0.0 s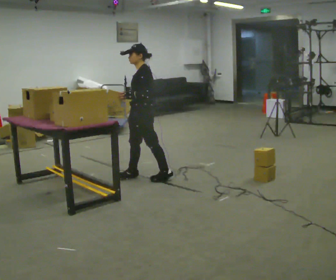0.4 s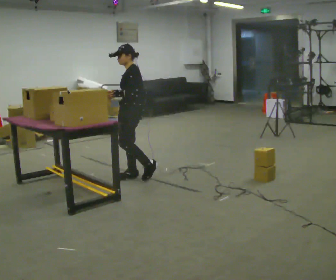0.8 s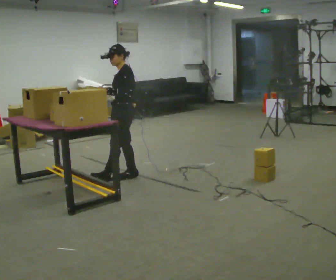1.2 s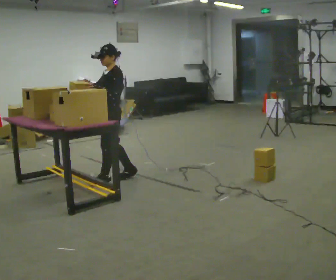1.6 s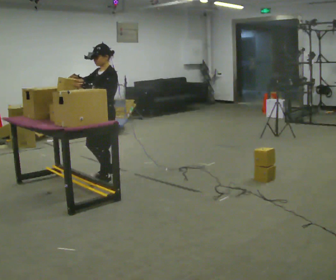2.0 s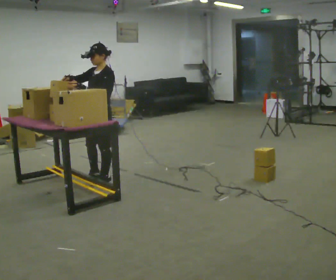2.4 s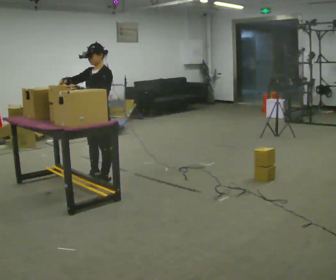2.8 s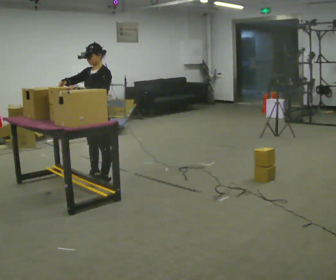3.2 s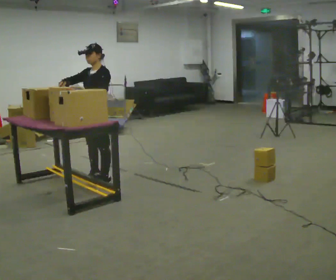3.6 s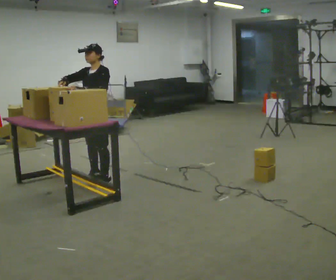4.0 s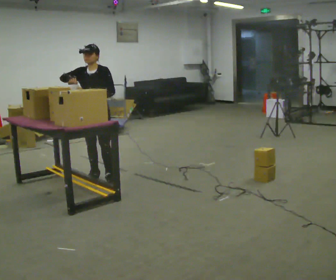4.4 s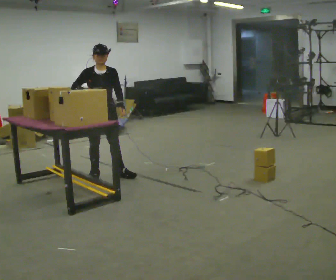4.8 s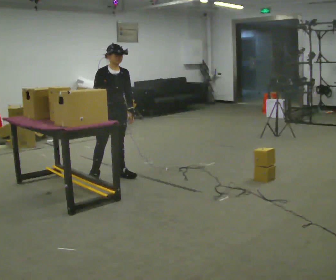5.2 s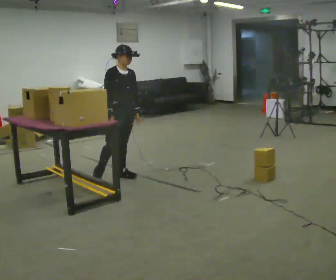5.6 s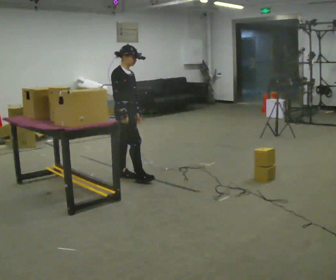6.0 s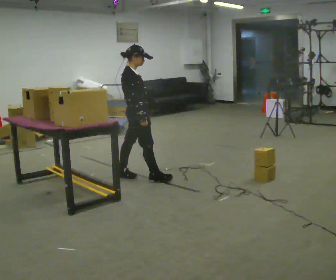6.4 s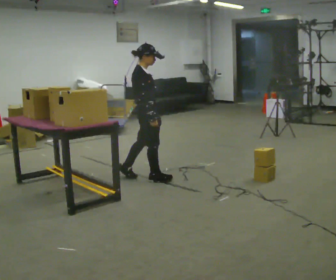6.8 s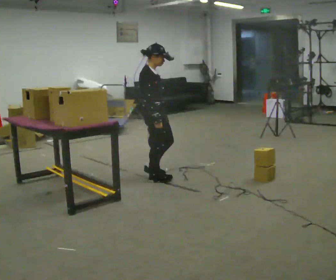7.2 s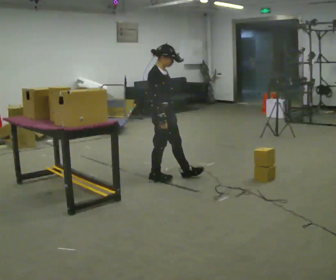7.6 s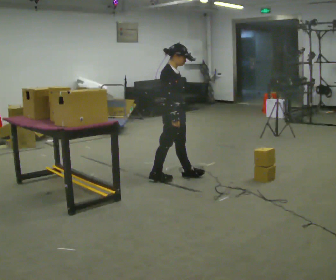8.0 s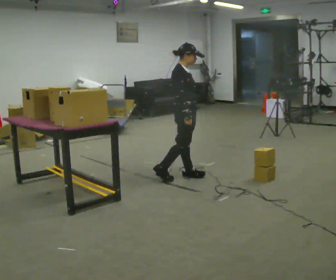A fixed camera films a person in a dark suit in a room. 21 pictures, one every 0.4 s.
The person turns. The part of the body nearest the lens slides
to the right.
The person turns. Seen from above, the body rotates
counterclockwise.
0.0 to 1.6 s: In the picture they go to the left, about 0.5 m in 1 step, which for them is forward.
1.6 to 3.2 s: The person moves a little, or ends about where they began.
3.2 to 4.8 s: The person turns about 75 degrees to their left, counterclockwise seen from above, so the part of the body nearest the lens slides to the right. In the picture they go to the right, about 0.25 m in 1 step. In the picture their left hand goes to the right.
4.8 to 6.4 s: The person turns about 60 degrees to their left, counterclockwise seen from above, so the part of the body nearest the lens slides to the right. In the picture they go to the right and toward the camera, about 0.5 m in 1 step.
6.4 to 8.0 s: In the picture they go to the right, about 0.5 m in 1 step, which for them is forward.
The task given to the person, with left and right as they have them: Carry the object over and fit it into the gap between the two boxes already on the shelf, without touching either of them. Keep going until the operator says stop; one object at a time, and do not rush between trips.
The film runs forward here.
